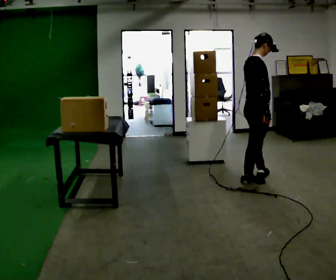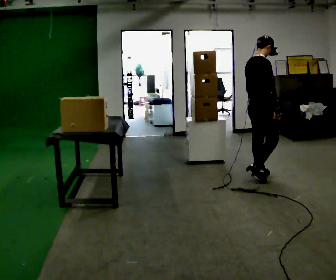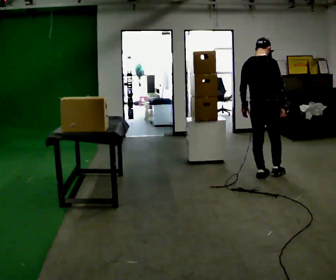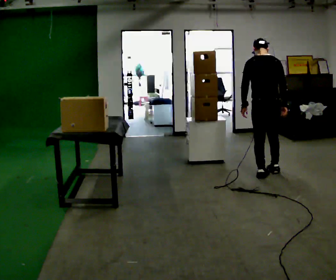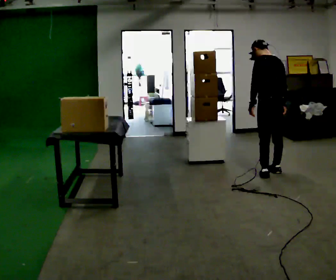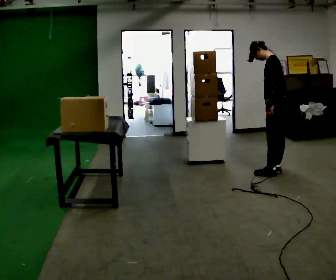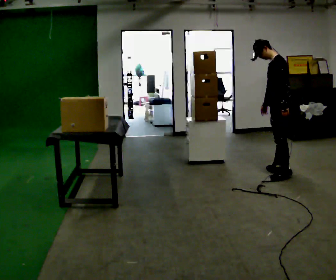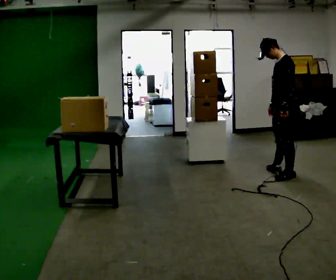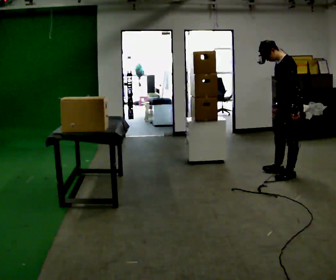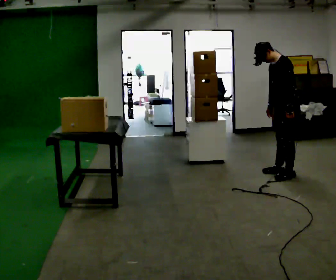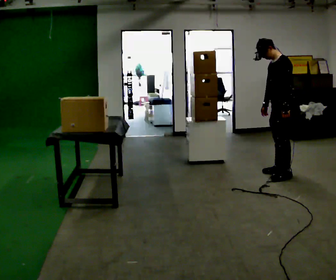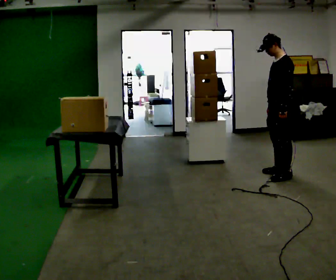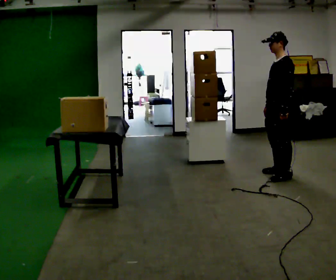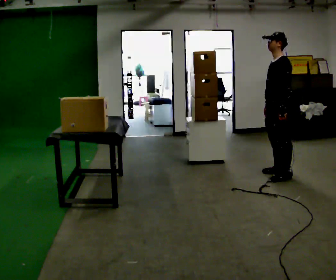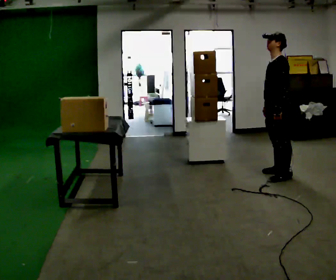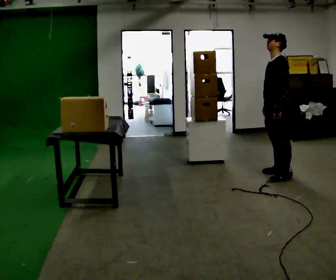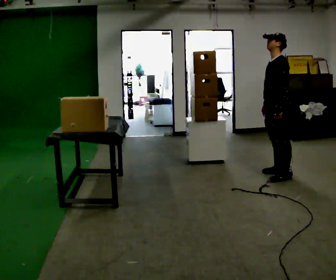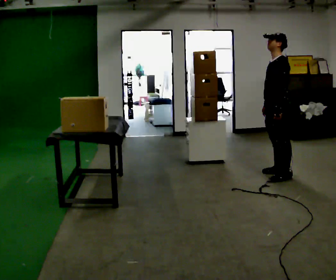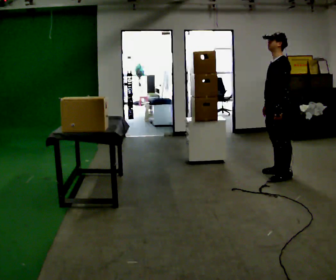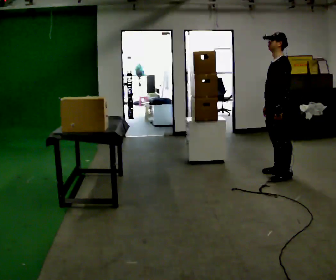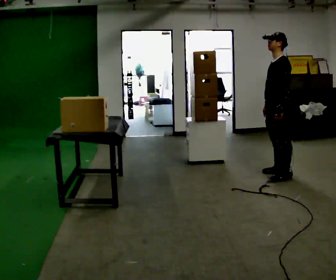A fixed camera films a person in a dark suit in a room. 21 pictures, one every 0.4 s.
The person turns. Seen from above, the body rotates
counterclockwise.
The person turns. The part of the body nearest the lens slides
to the right.
0.0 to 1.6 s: The person turns about 120 degrees to their left, counterclockwise seen from above, so the part of the body nearest the lens slides to the right. In the picture they go away from the camera and to the right, about 0.25 m in 1 step.
1.6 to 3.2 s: Seen from above the body turns counterclockwise, about 60 degrees: to their left, with its near side sliding to the right. In the picture they go to the right, about 0.25 m in 2 steps, which for them is backward. In the picture their left hand goes to the right.
3.2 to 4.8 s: In the picture they go to the left, about 0.25 m, which for them is forward. In the picture the upper body tilts clockwise, shoulders to the right, as they lean back or straighten.
4.8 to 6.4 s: The person moves a little, or ends about where they began.
6.4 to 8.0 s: The person keeps their place and pose.
The film runs forward here.
